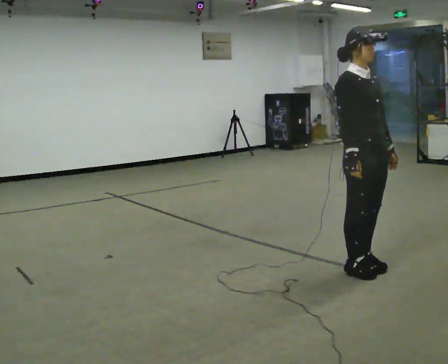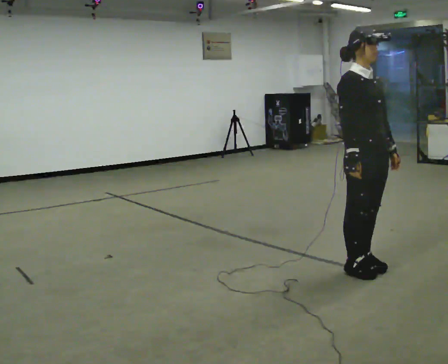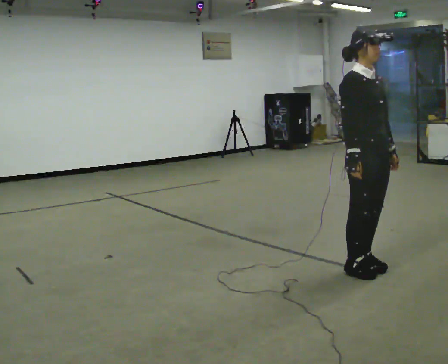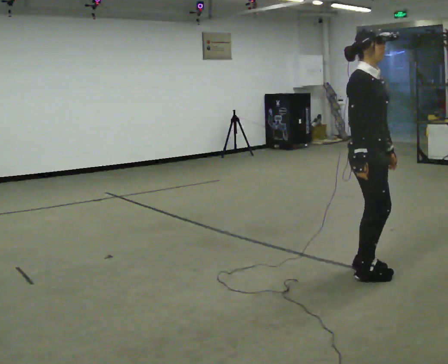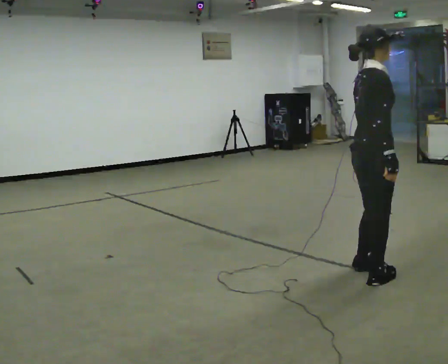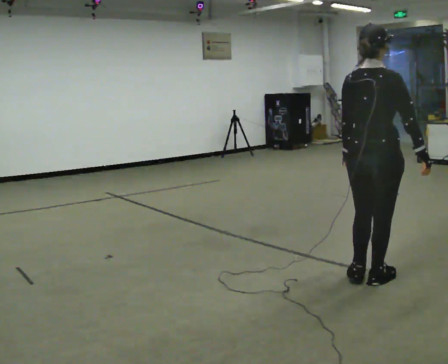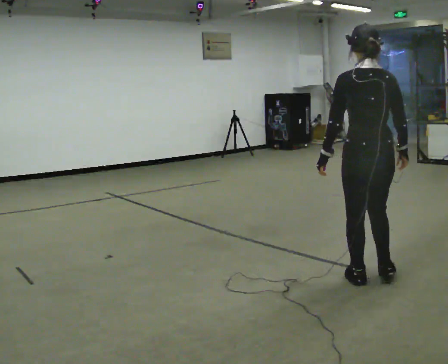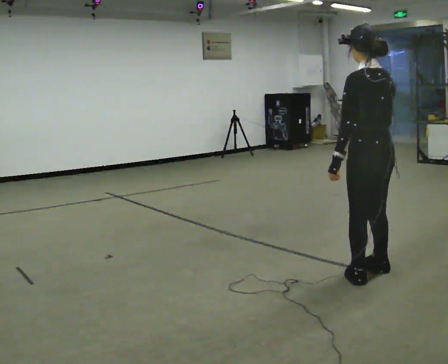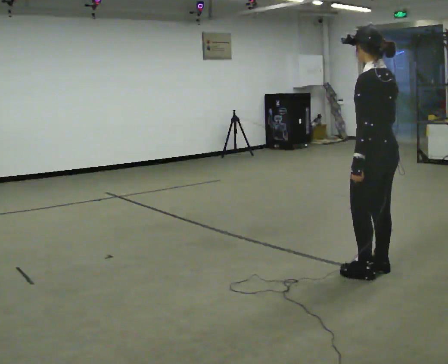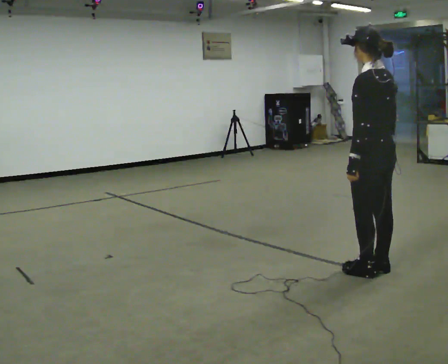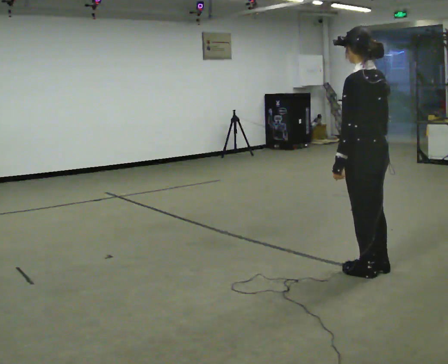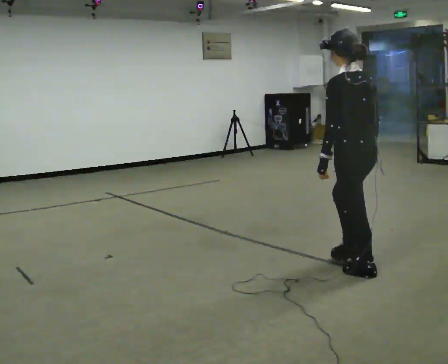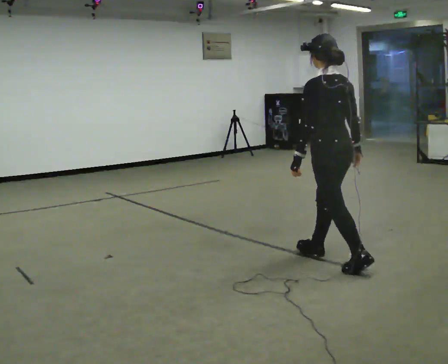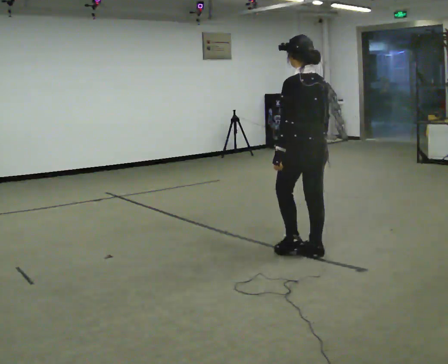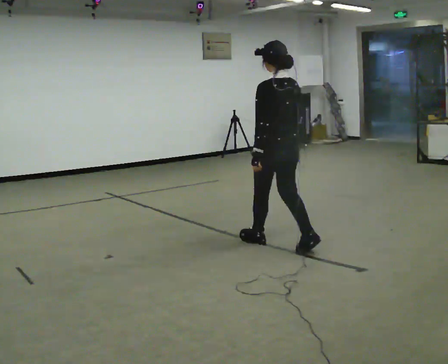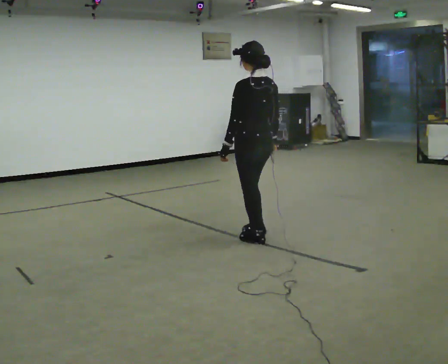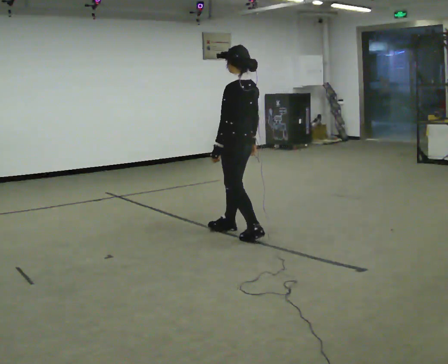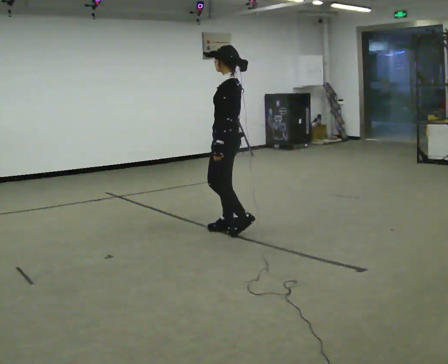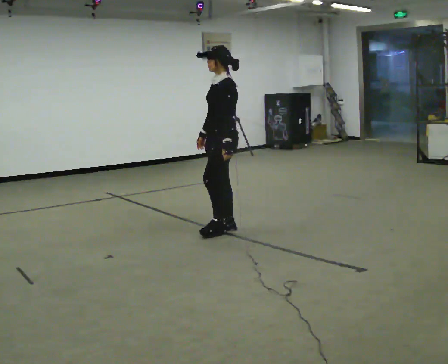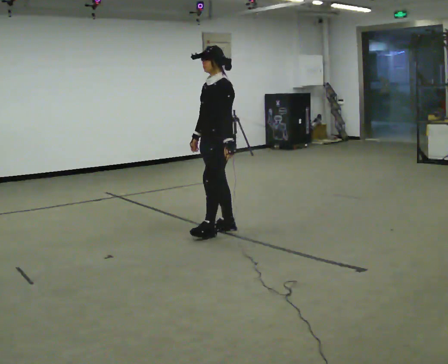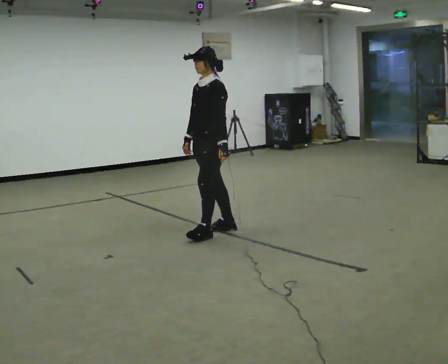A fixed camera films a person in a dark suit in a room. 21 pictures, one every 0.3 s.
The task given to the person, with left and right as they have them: Walk normally; turn left/right while slowing; after turn accelerate back to normal.
0.0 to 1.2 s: Seen from above the body turns counterclockwise, about 60 degrees: to their left, with its near side sliding to the right.
1.2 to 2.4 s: Seen from above the body turns counterclockwise, about 120 degrees: to their left, with its near side sliding to the right.
2.4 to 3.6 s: In the picture they go to the left and away from the camera, about 0.5 m in 2 steps, which for them is forward.
3.6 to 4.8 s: The part of the body nearest the lens slides to the right as the person turns to their left by about 30 degrees. In the picture they go to the left and away from the camera, about 1 m in 2 steps, which for them is forward.
4.8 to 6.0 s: The part of the body nearest the lens slides to the right as the person turns to their left by about 60 degrees. In the picture they go to the left, about 0.25 m in 1 step, which for them is forward and to their right.
The film runs forward here.
